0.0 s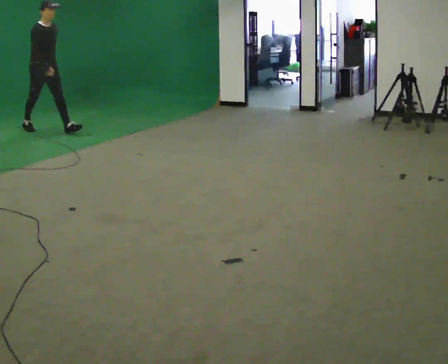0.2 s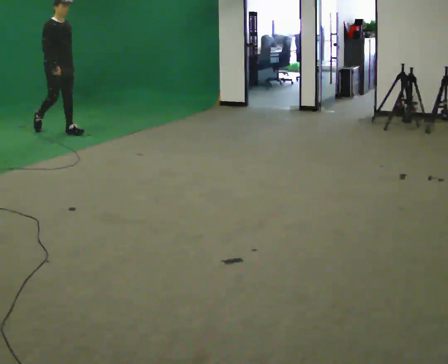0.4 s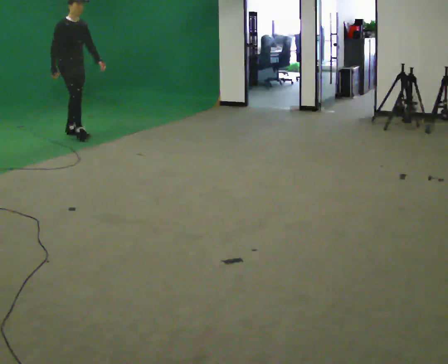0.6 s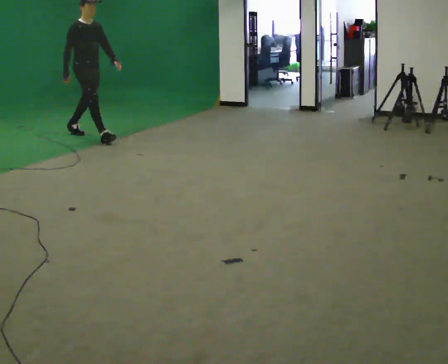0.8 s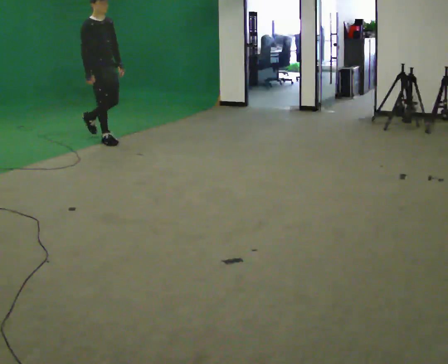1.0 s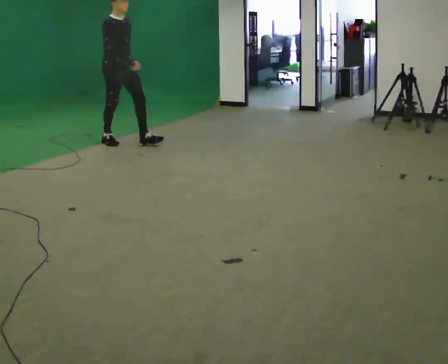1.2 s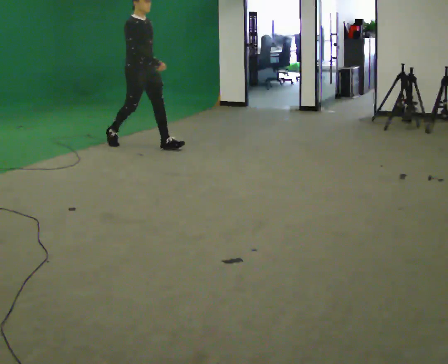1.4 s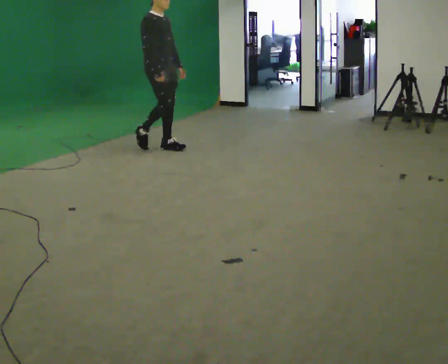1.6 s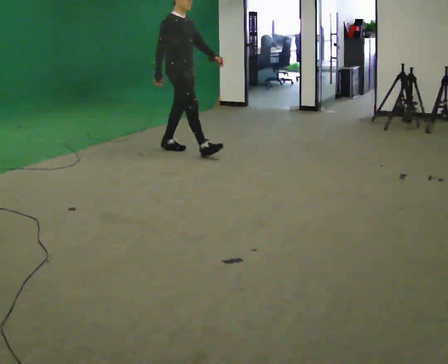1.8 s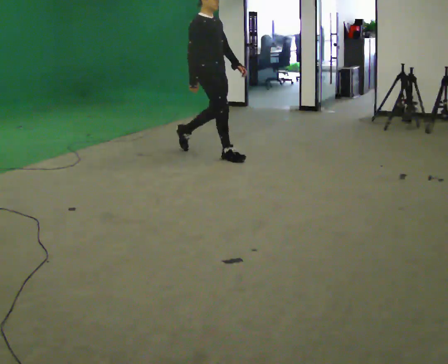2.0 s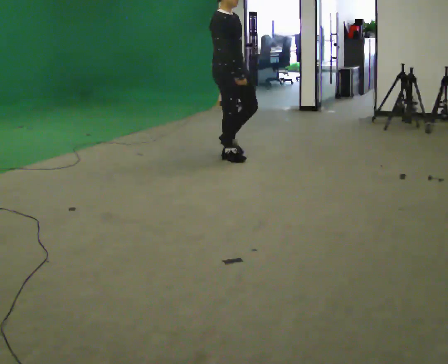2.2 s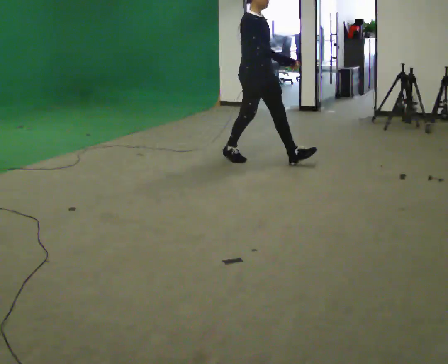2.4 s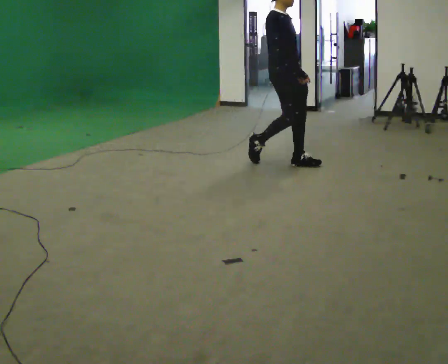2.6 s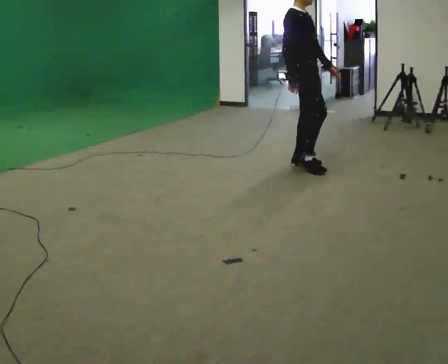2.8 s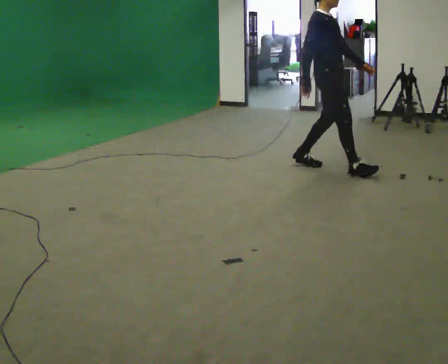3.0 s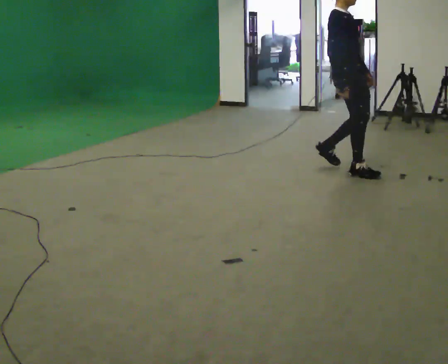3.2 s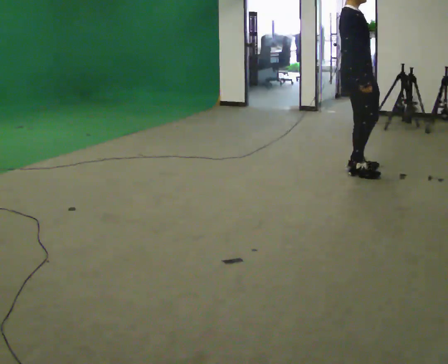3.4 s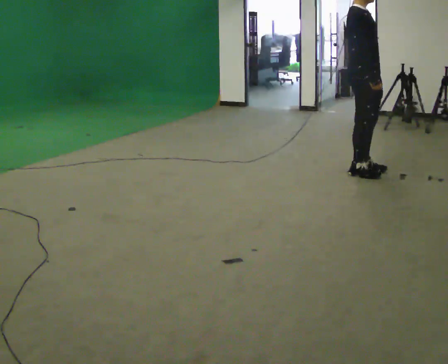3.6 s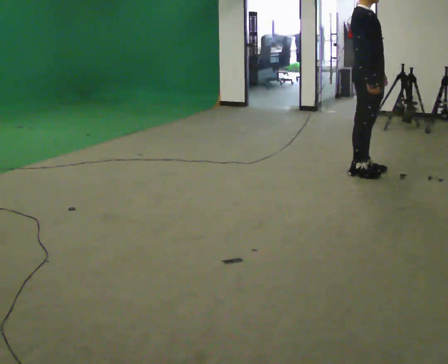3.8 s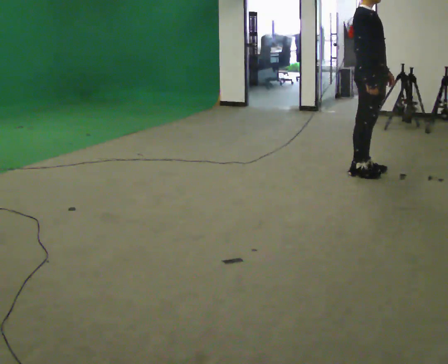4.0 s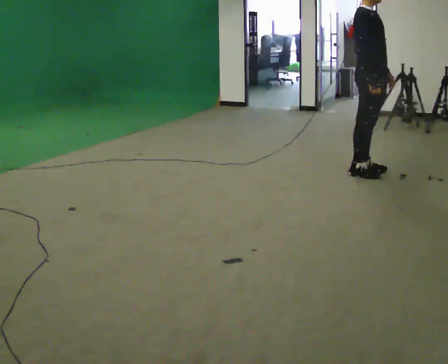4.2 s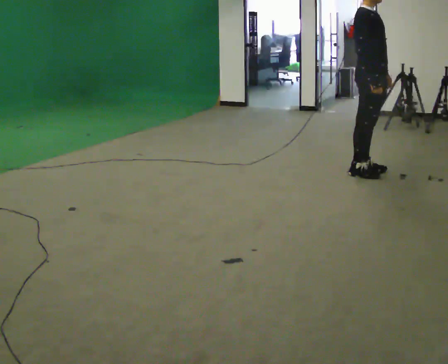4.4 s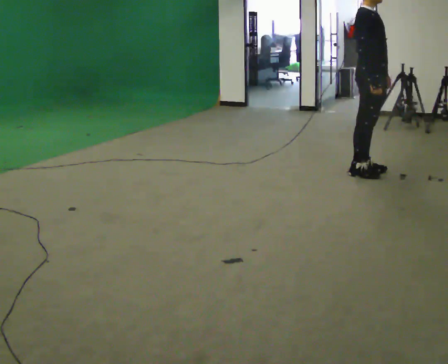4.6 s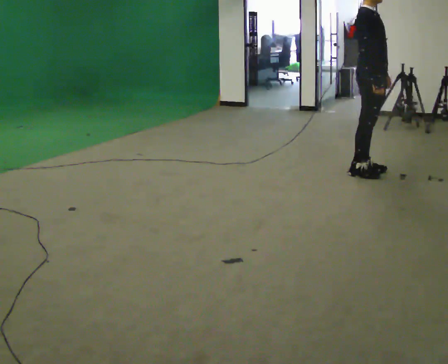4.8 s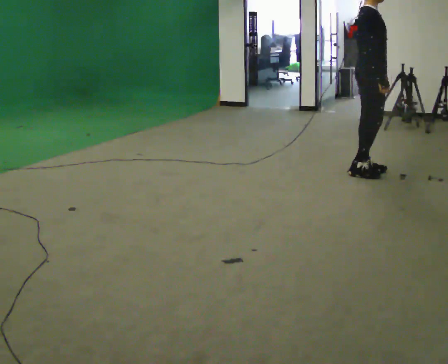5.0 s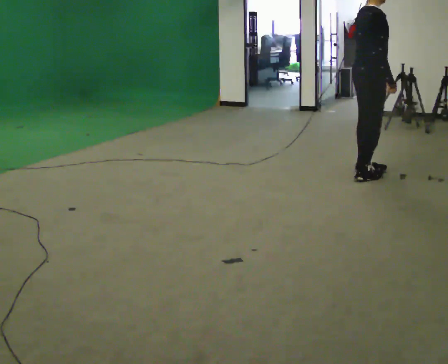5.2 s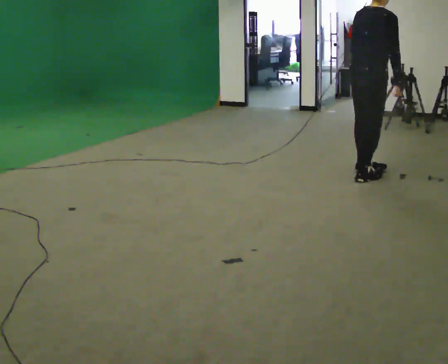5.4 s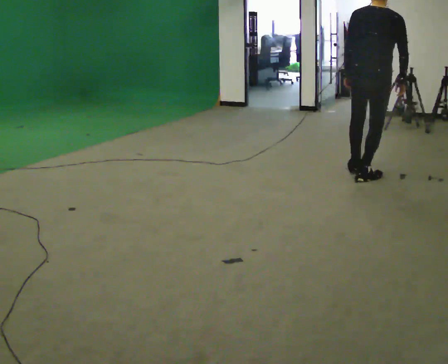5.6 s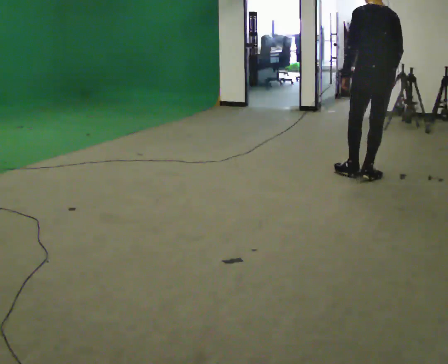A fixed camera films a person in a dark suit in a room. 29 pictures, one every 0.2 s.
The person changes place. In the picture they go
to the right.
0.0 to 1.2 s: In the picture they go to the right, about 1.5 m in 2 steps, which for them is forward.
1.2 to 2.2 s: In the picture they go to the right, about 1.5 m in 1 step, which for them is forward.
2.2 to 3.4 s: In the picture they go to the right, about 1 m in 3 steps, which for them is forward.
3.4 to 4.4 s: The person moves a little, or ends about where they began.
4.4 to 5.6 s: Seen from above the body turns counterclockwise, about 135 degrees: to their left, with its near side sliding to the right.
The film runs forward here.
